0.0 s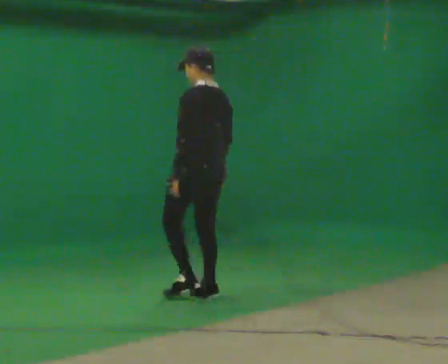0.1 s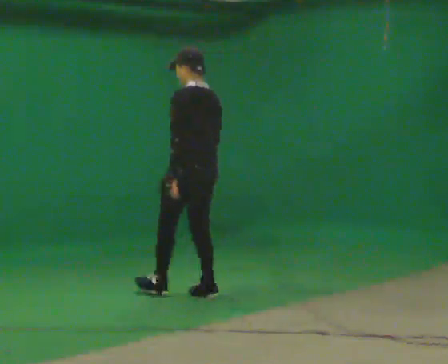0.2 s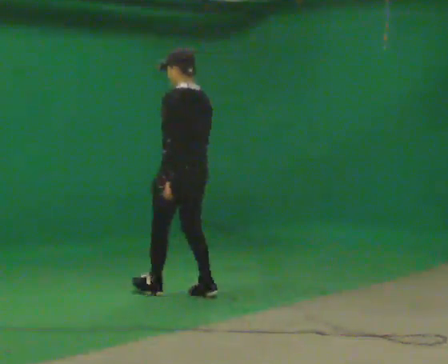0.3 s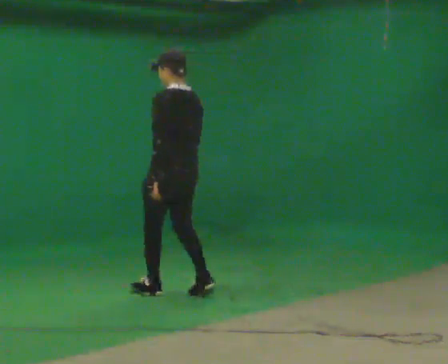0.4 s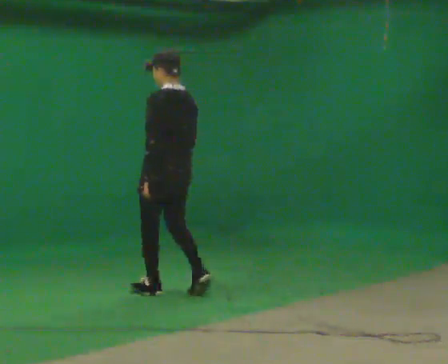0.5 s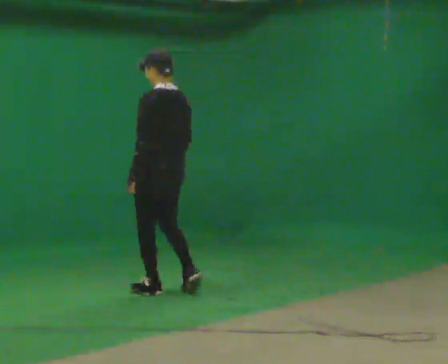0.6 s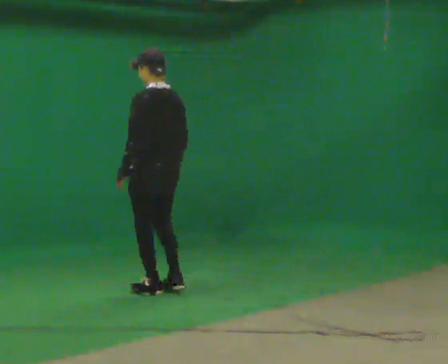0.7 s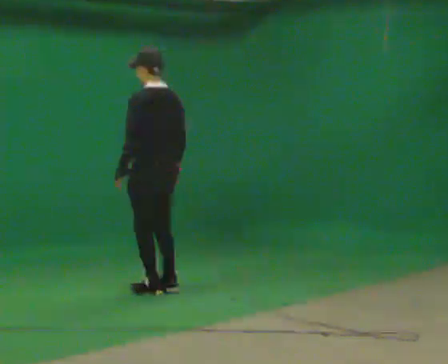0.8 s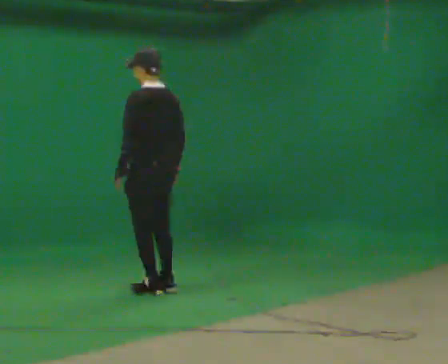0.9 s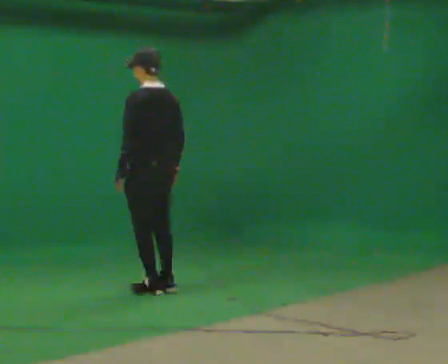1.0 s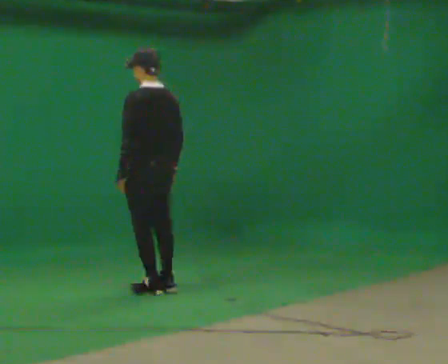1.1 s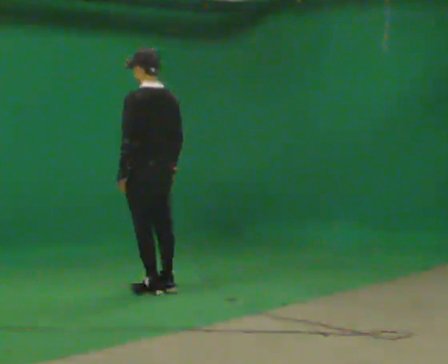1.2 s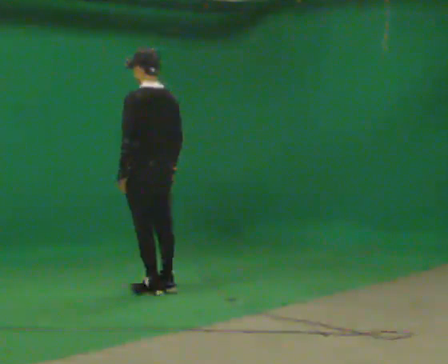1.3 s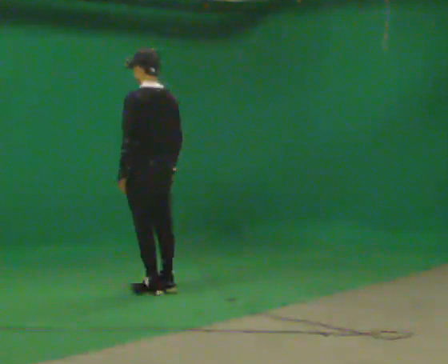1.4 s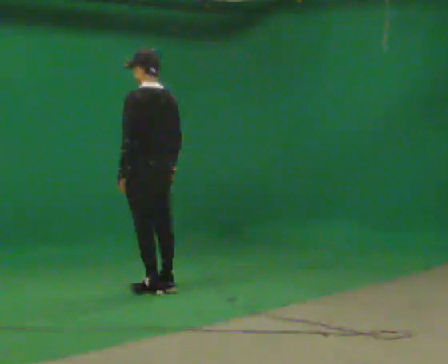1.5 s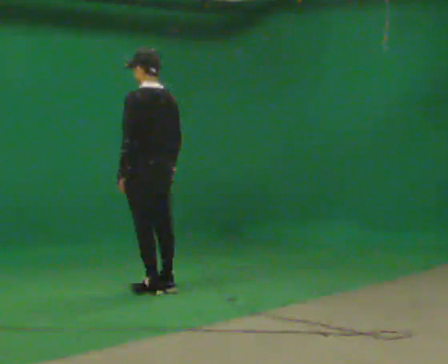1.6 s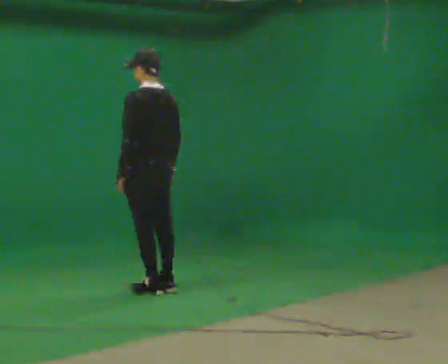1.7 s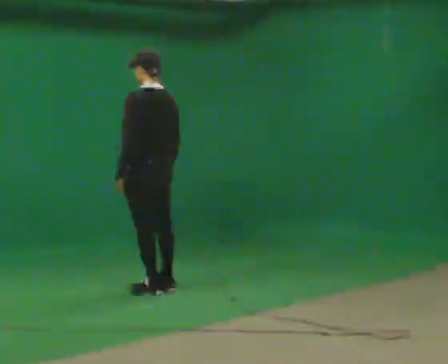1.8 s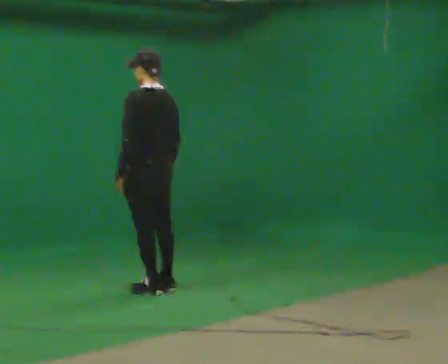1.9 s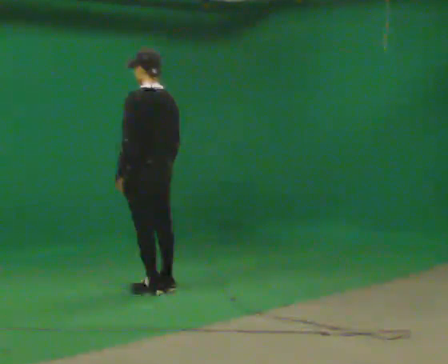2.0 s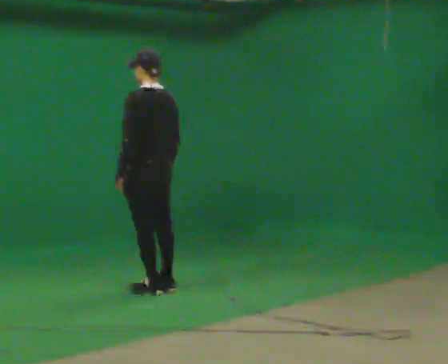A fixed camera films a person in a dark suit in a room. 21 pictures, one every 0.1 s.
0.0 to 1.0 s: In the picture they go to the left and away from the camera, about 0.5 m in 2 steps, which for them is forward.
1.0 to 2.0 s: The person moves a little, or ends about where they began.
The film runs forward here.
